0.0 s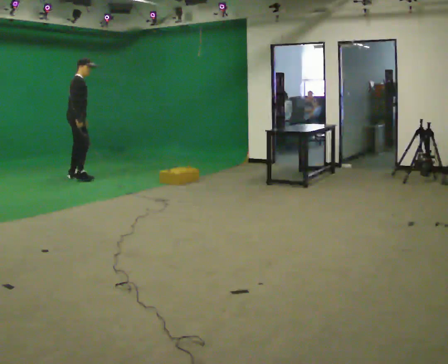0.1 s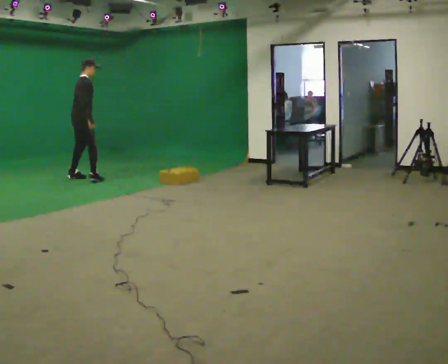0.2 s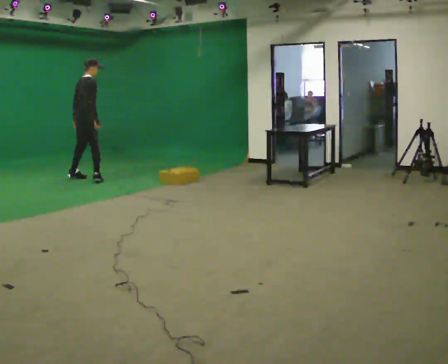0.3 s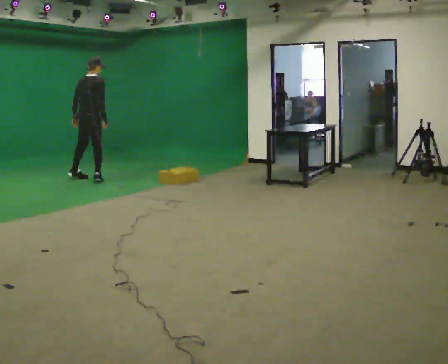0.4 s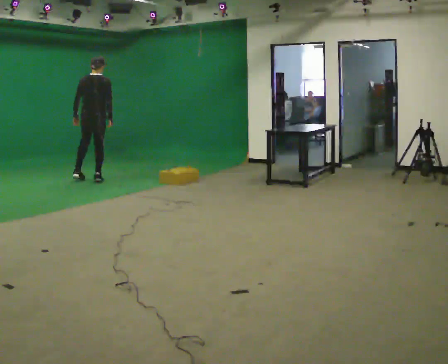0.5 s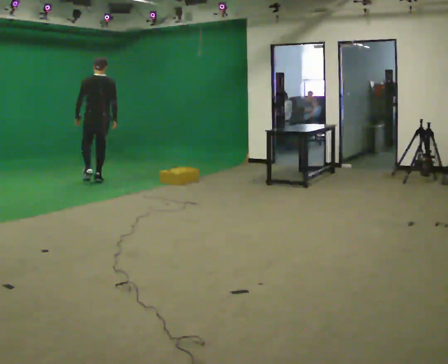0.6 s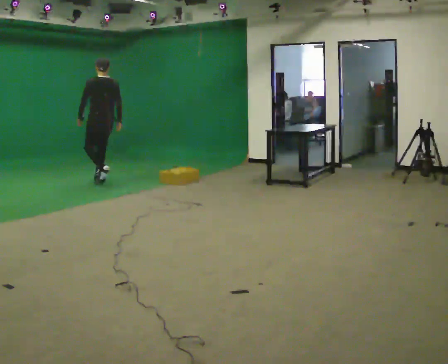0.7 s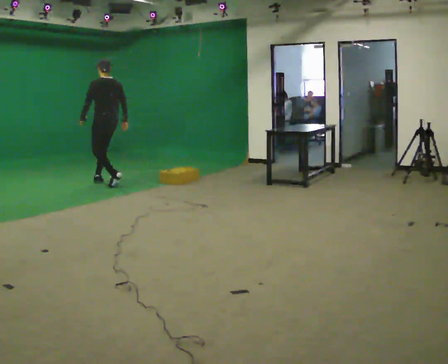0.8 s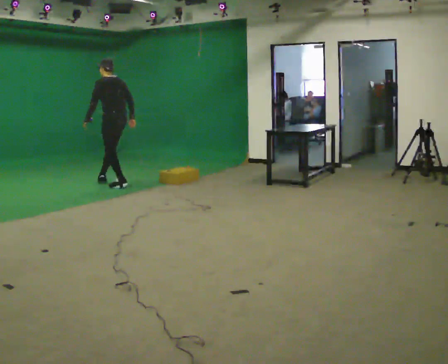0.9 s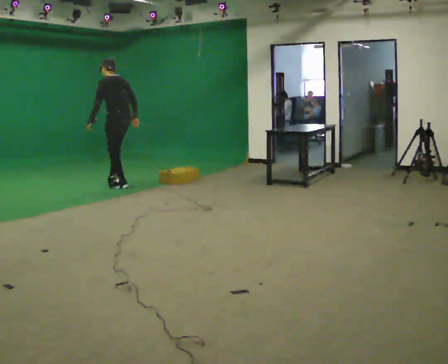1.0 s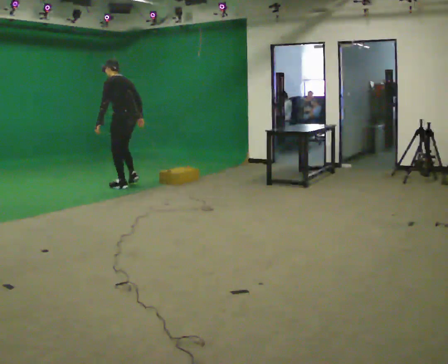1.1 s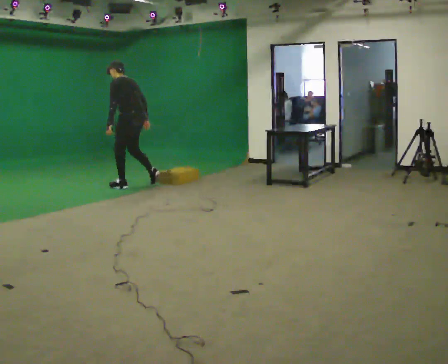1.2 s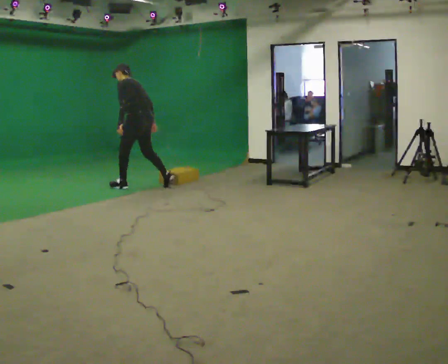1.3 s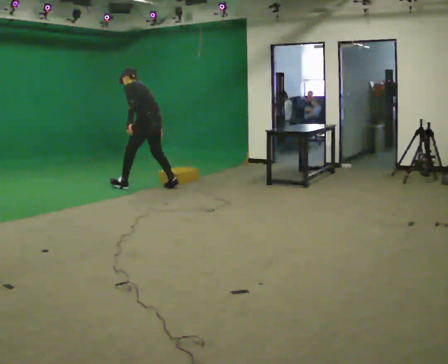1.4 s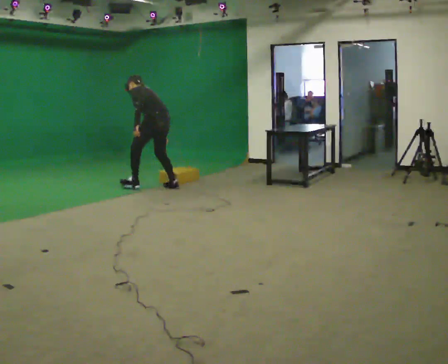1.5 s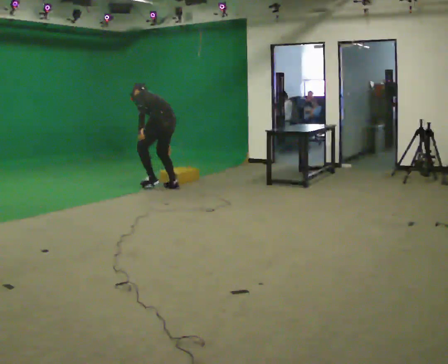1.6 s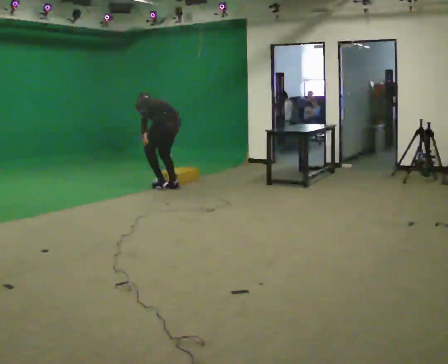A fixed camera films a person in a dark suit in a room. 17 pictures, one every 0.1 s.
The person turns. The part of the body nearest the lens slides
to the right.
The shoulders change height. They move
downward.
0.0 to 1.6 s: The person turns about 135 degrees to their left, counterclockwise seen from above, so the part of the body nearest the lens slides to the right. In the picture they go to the right and toward the camera, about 1.5 m in 3 steps. The upper body goes downward. In the picture the upper body tilts counterclockwise, shoulders to the left, as they bend forward.
The film runs backward here.
